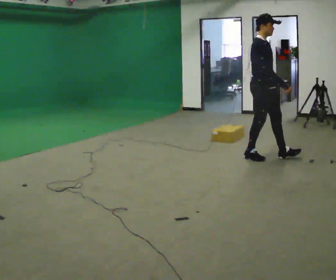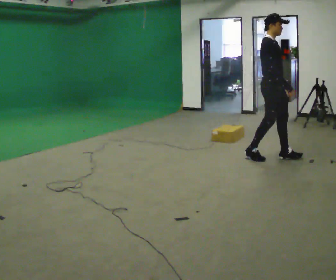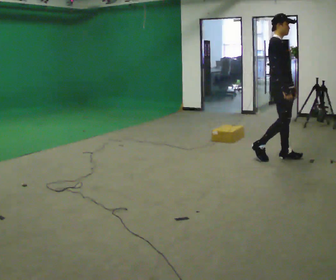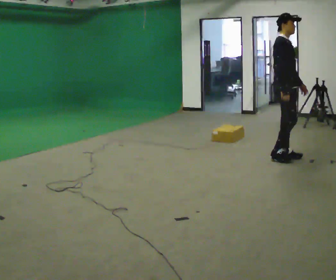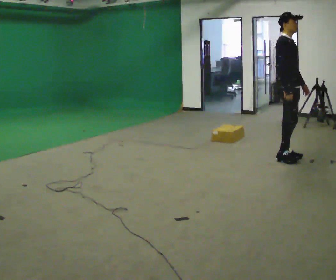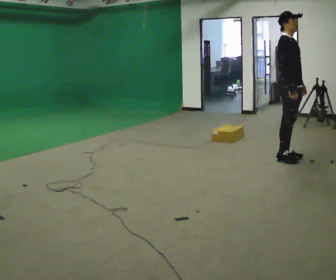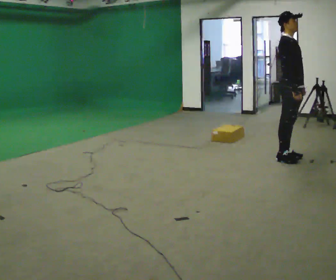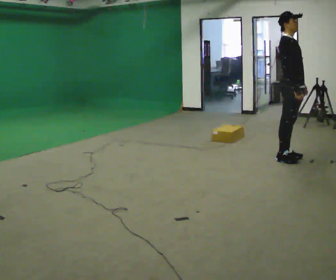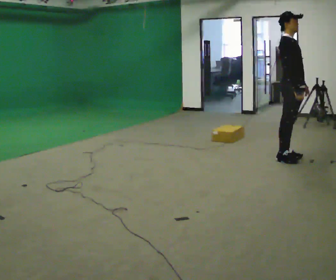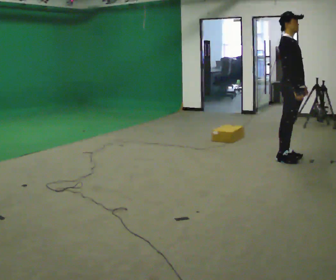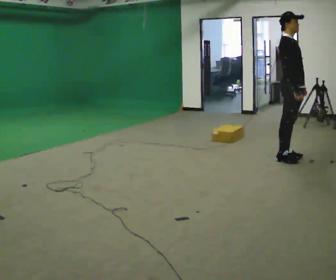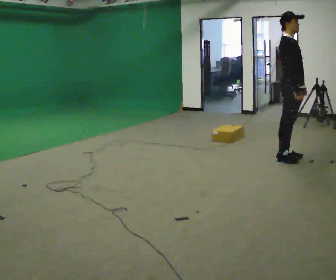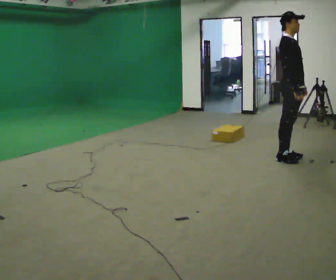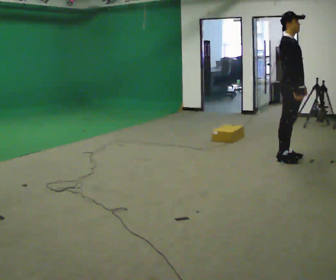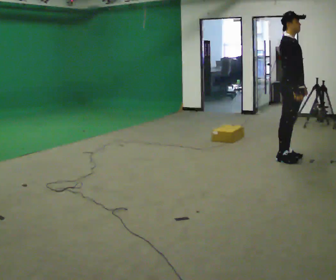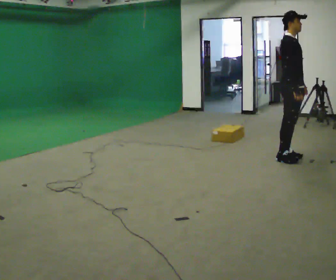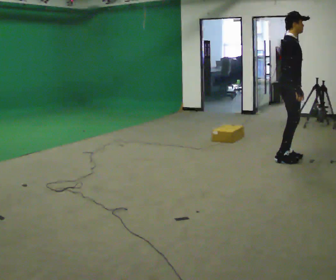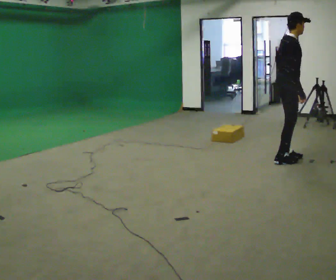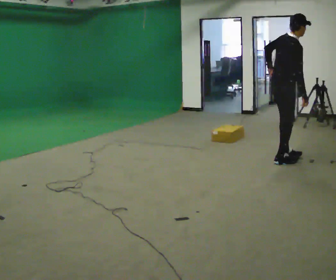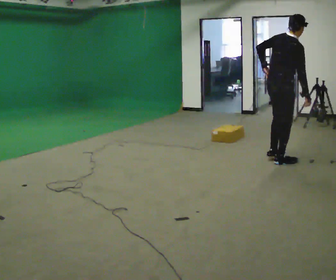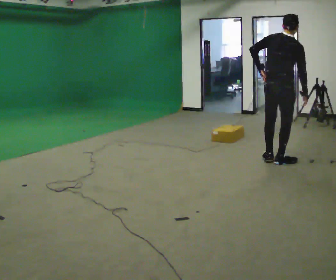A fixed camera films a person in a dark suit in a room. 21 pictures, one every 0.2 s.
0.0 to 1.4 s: In the picture they go to the right, about 0.25 m in 1 step, which for them is forward.
1.4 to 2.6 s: The person keeps their place and pose.
2.6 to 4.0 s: The person turns about 75 degrees to their left, counterclockwise seen from above, so the part of the body nearest the lens slides to the right. In the picture their left hand goes to the left, the arm swinging clockwise.
The film runs forward here.
